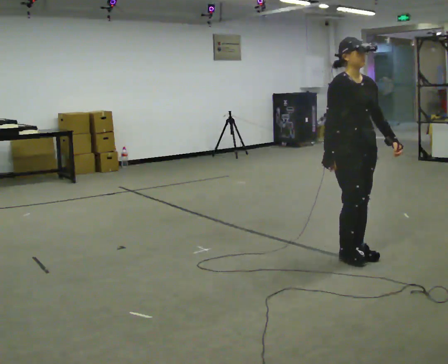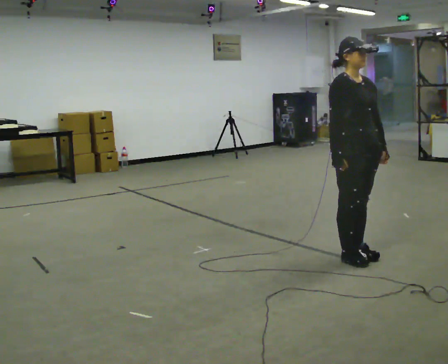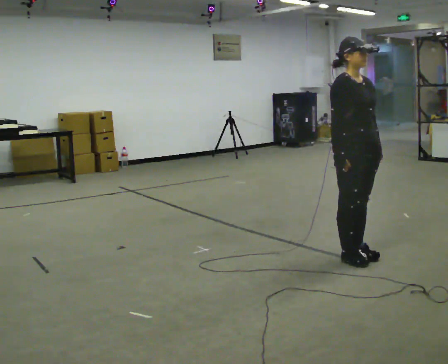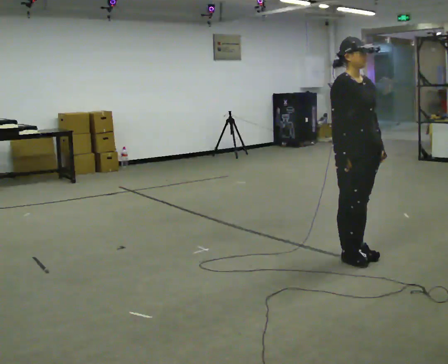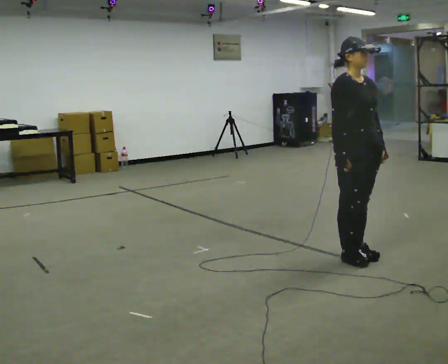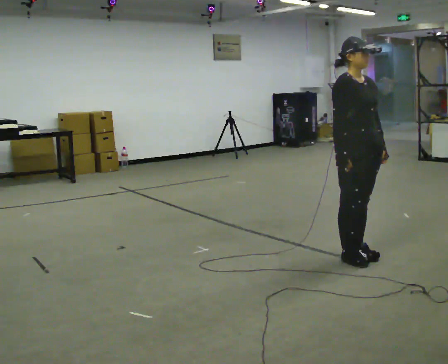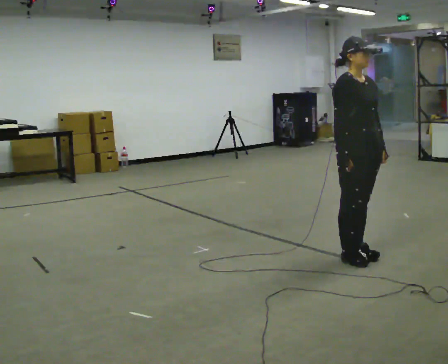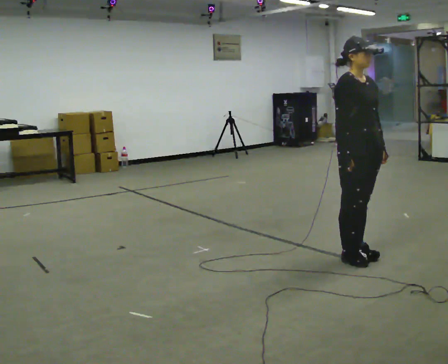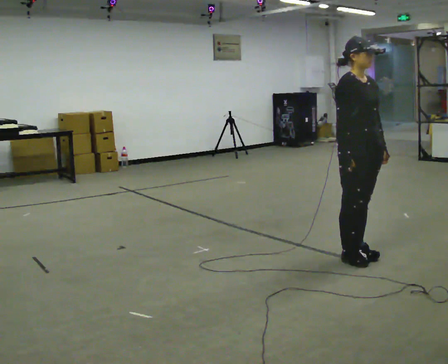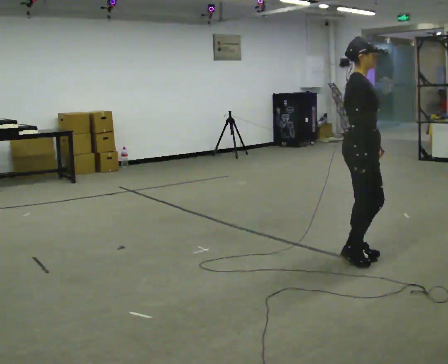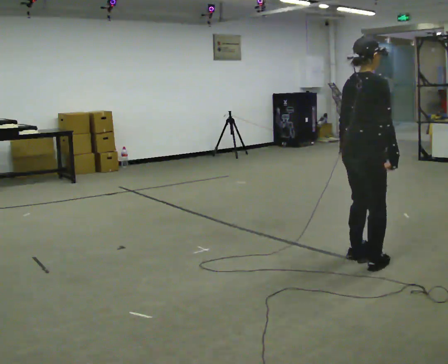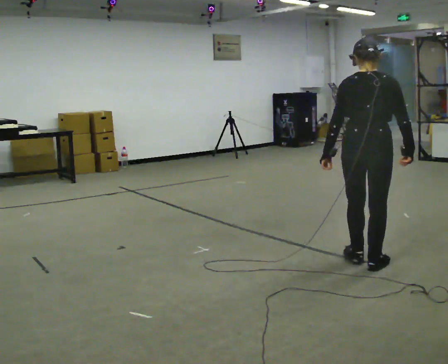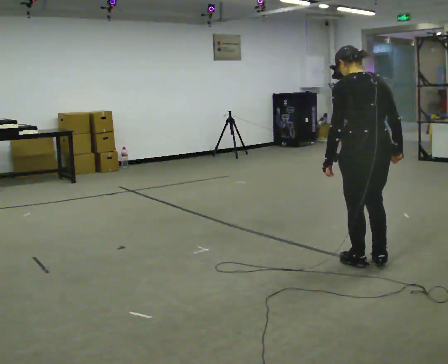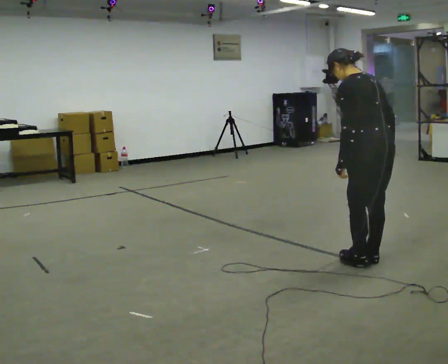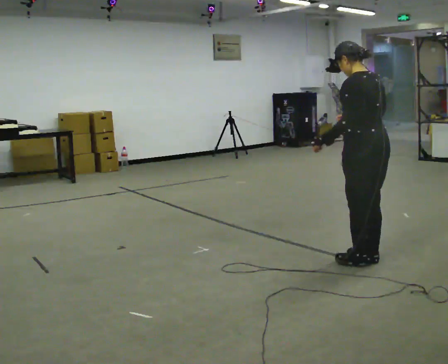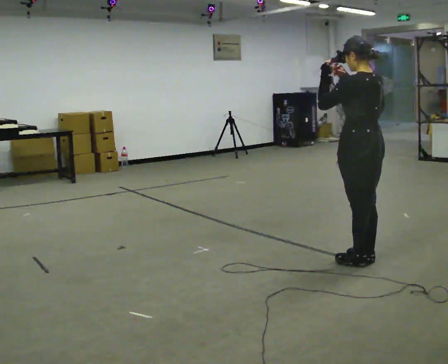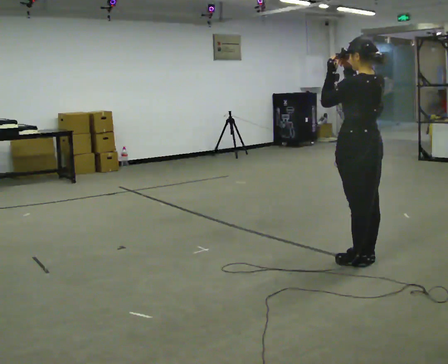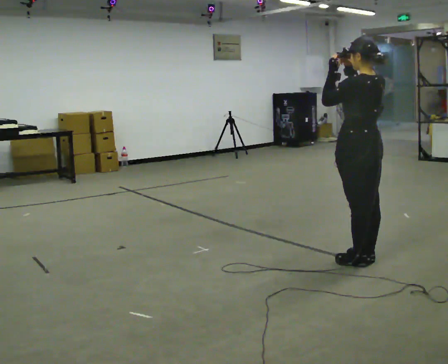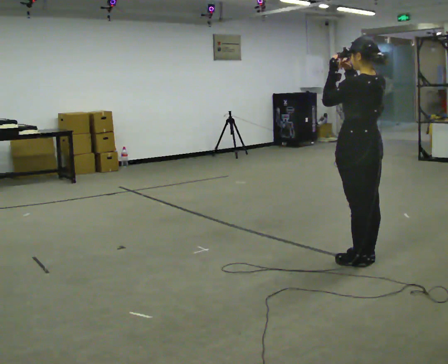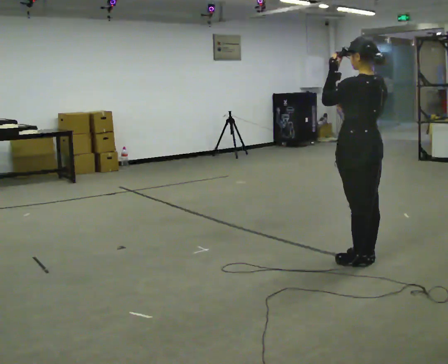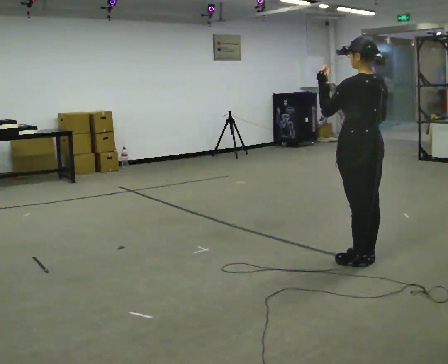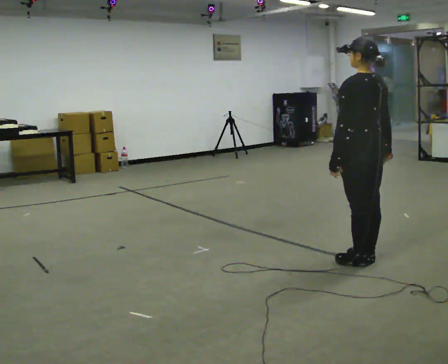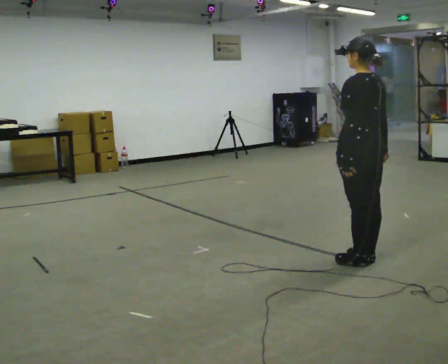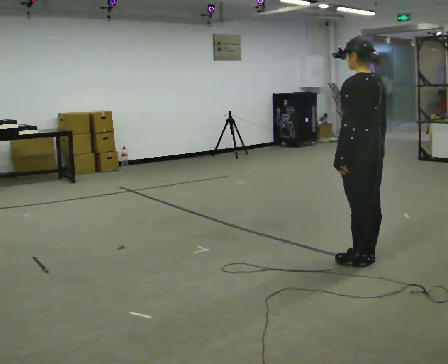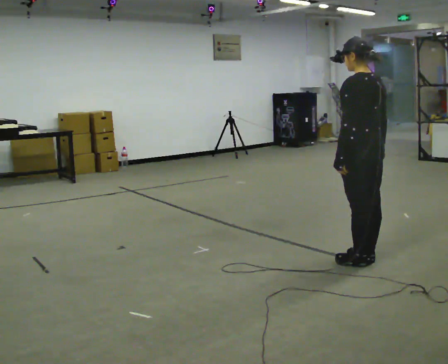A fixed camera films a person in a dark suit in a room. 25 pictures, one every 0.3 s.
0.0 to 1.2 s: The person moves a little, or ends about where they began.
1.2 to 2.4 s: The person keeps their place and pose.
2.4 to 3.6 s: Seen from above the body turns counterclockwise, about 150 degrees: to their left, with its near side sliding to the right. In the picture they go toward the camera, about 0.25 m in 2 steps. In the picture their left hand goes to the left, the arm swinging clockwise.
3.6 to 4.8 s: The upper body tips toward the camera, its near side rolling downward, as they lean back or straighten. In the picture their right hand goes upward and to the left.
4.8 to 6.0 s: In the picture their right hand goes downward.
6.0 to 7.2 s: In the picture their left hand goes downward, the arm swinging counterclockwise.
The film runs forward here.
